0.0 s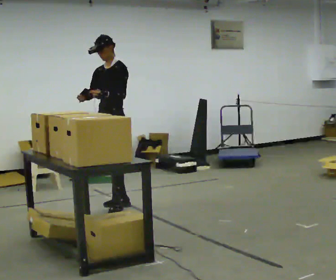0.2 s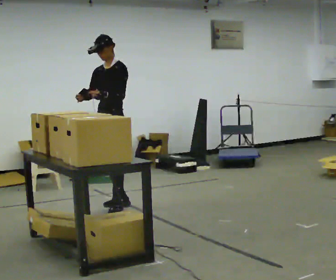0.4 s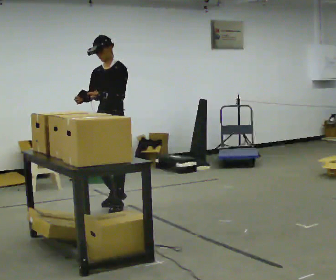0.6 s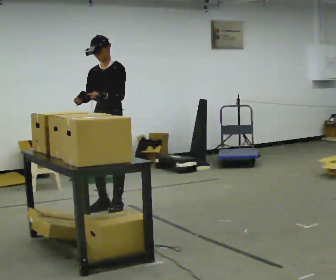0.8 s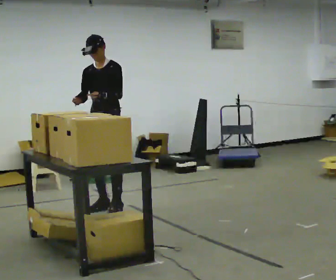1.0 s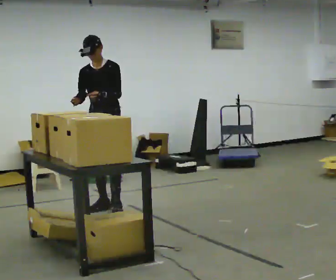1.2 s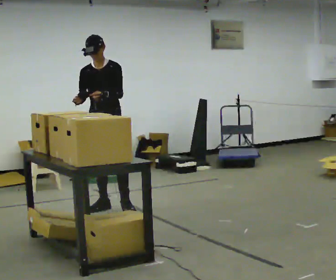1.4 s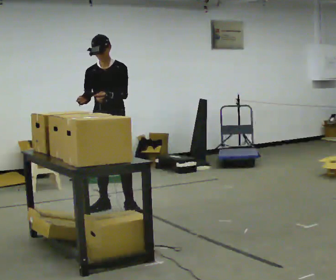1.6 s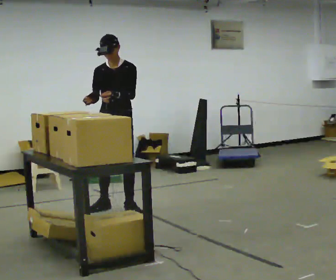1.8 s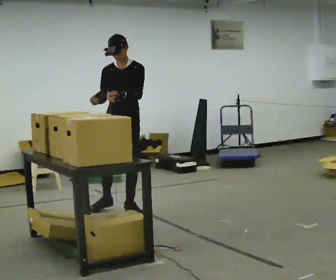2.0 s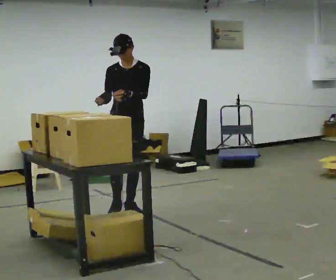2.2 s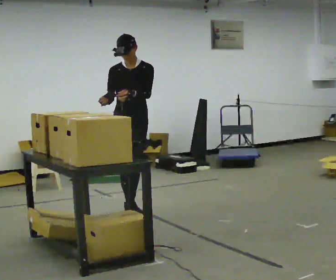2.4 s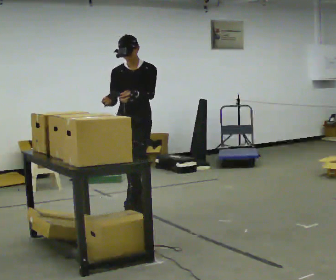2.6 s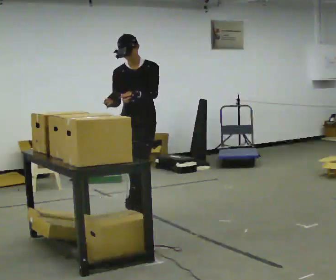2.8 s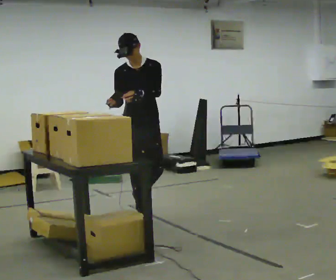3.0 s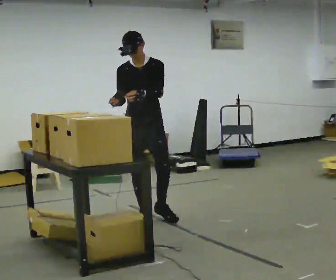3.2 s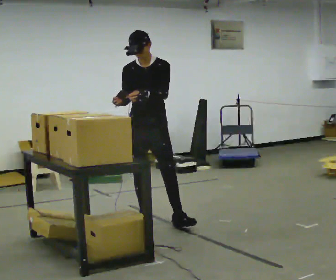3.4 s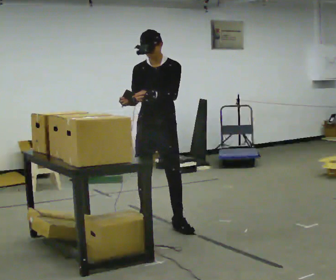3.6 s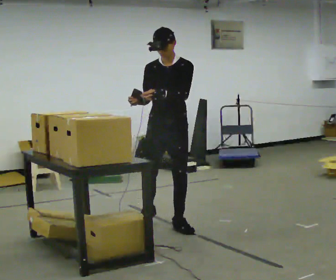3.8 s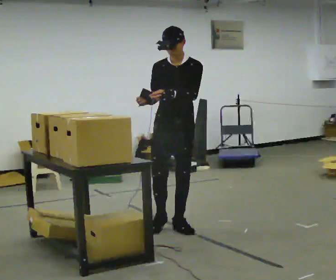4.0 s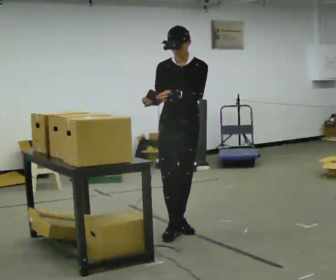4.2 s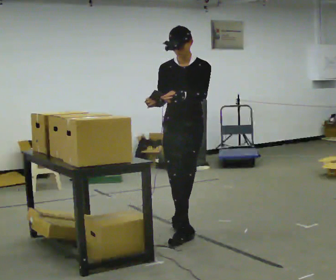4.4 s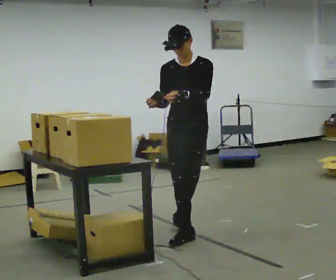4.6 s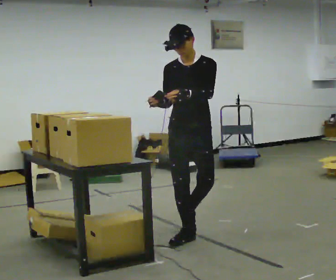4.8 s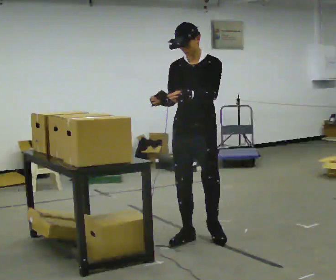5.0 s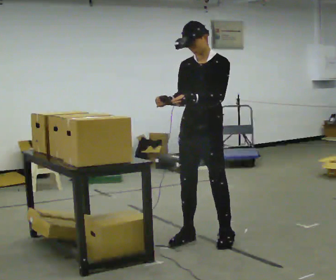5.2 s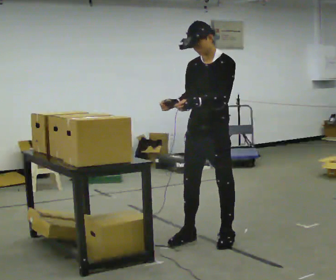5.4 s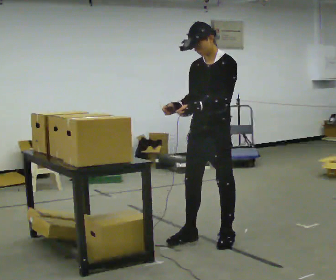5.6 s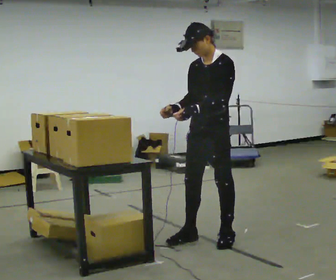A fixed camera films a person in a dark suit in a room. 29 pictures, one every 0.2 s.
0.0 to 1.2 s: The person turns about 45 degrees to their left, counterclockwise seen from above, so the part of the body nearest the lens slides to the right.
1.2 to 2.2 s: In the picture they go to the right and toward the camera, about 0.25 m, which for them is to their left and forward.
2.2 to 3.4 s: In the picture they go toward the camera and to the right, about 0.5 m in 2 steps, which for them is forward and to their left.
3.4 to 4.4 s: In the picture they go toward the camera and to the right, about 0.5 m in 1 step, which for them is forward and to their left.
4.4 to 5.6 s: The part of the body nearest the lens slides to the left as the person turns to their right by about 45 degrees. In the picture they go toward the camera and to the right, about 0.25 m in 1 step, which for them is to their left and forward.
The film runs forward here.
